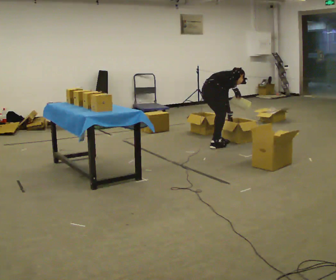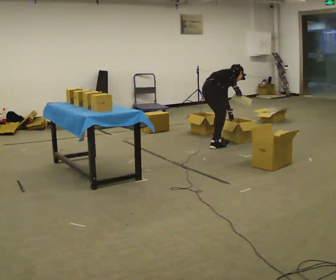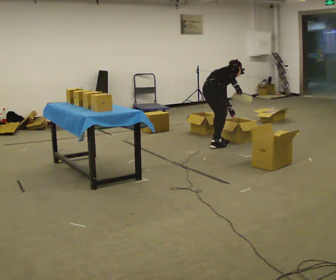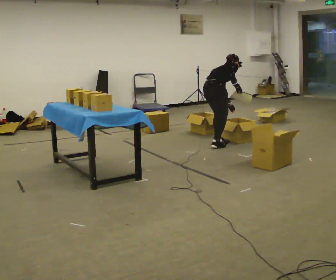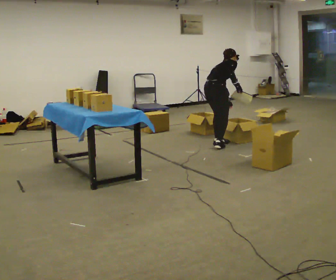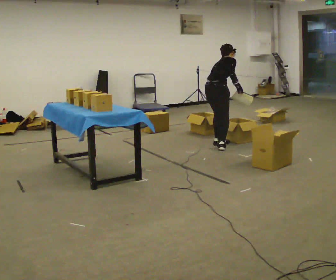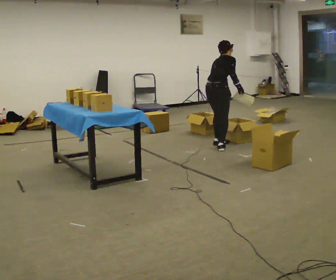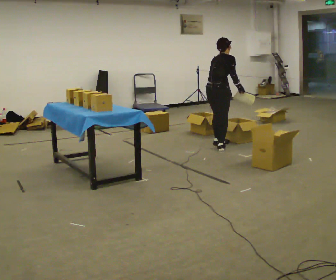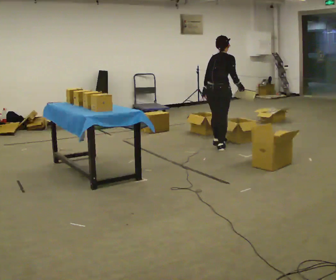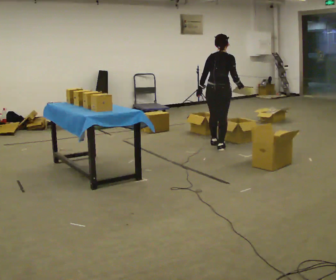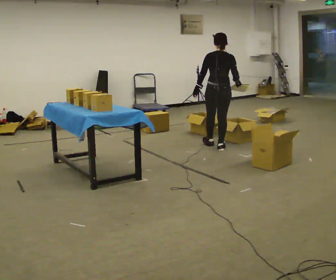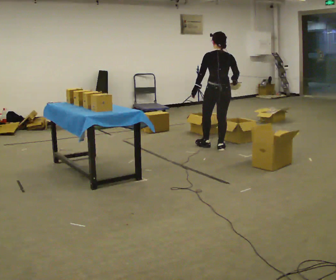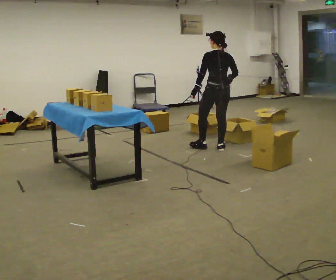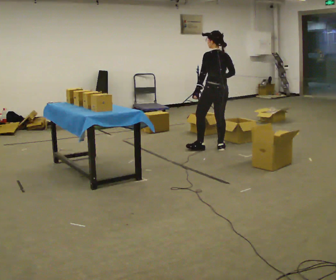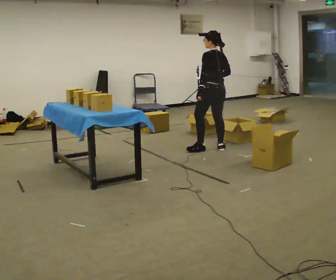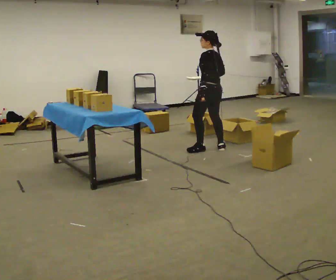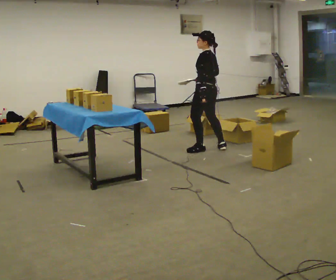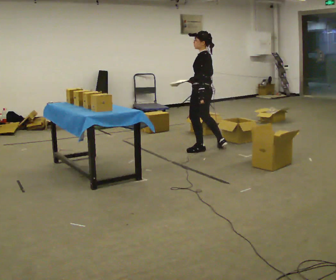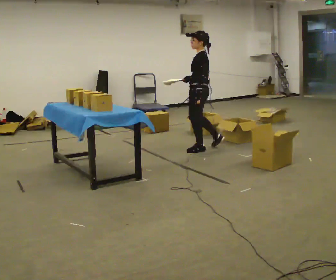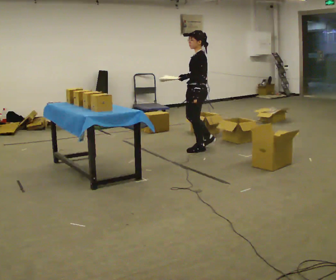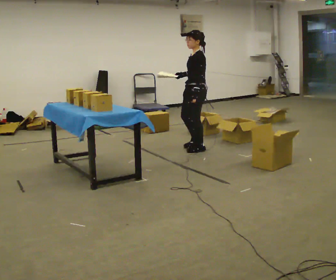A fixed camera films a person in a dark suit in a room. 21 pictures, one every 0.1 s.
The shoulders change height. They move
upward.
The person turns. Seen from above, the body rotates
counterclockwise.
0.0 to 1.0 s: The person turns about 60 degrees to their left, counterclockwise seen from above, so the part of the body nearest the lens slides to the right. In the picture they go toward the camera, about 0.25 m in 1 step, which for them is to their right. The upper body goes upward. In the picture the upper body tilts counterclockwise, shoulders to the left, as they lean back or straighten.
1.0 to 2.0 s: Seen from above the body turns counterclockwise, about 105 degrees: to their left, with its near side sliding to the right. In the picture they go to the left, about 0.25 m in 1 step.
The film runs forward here.
